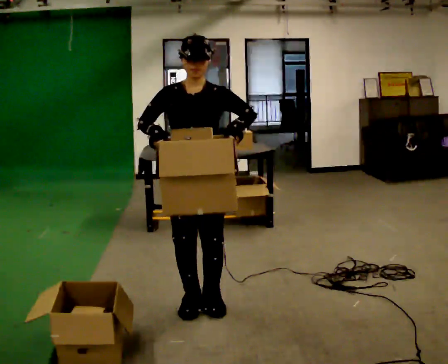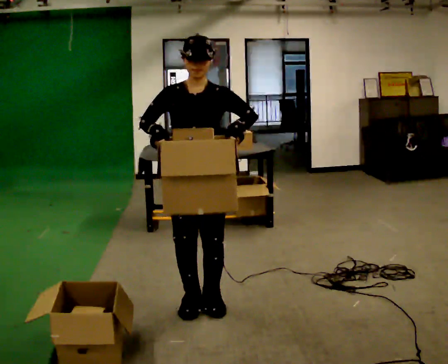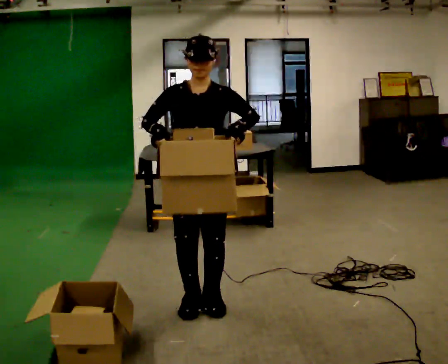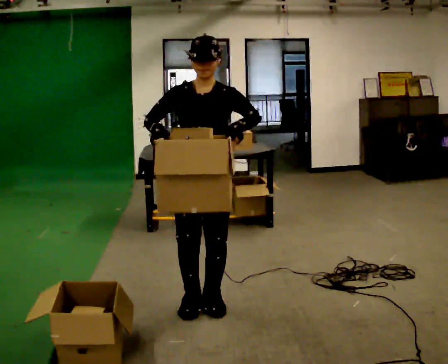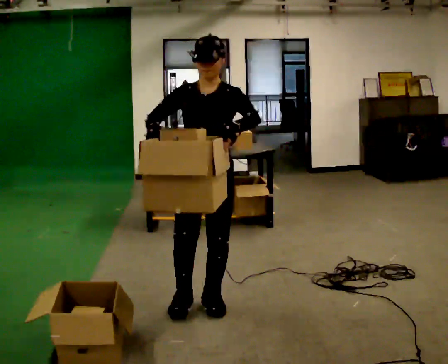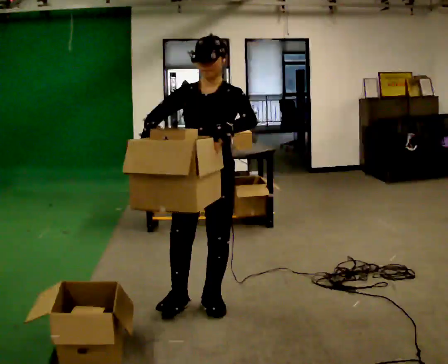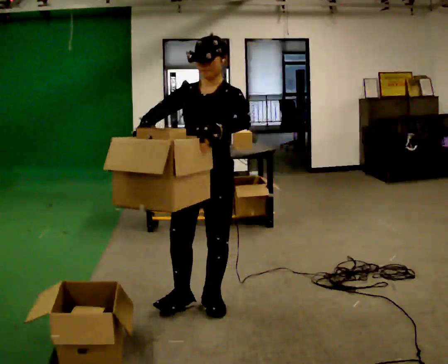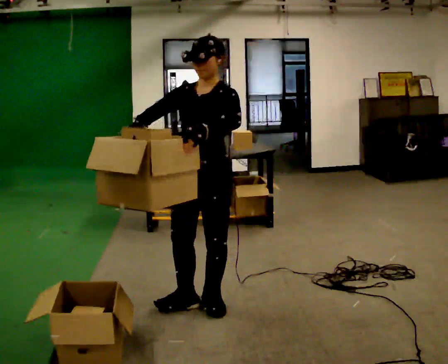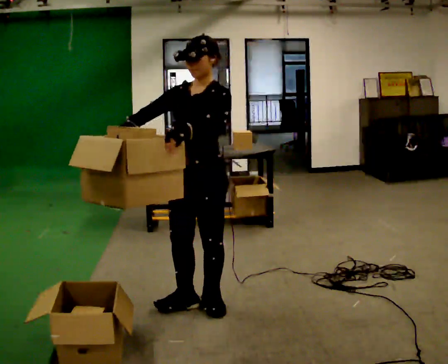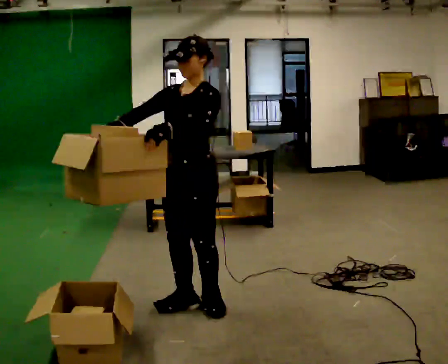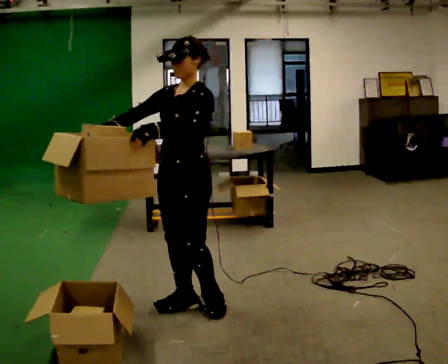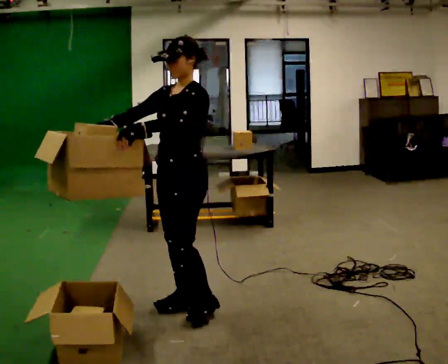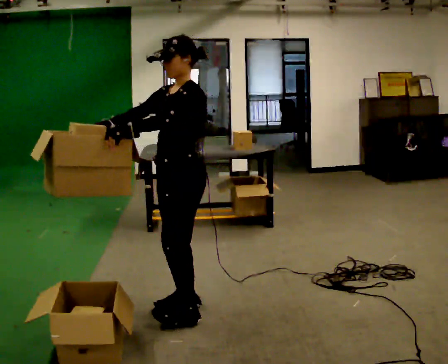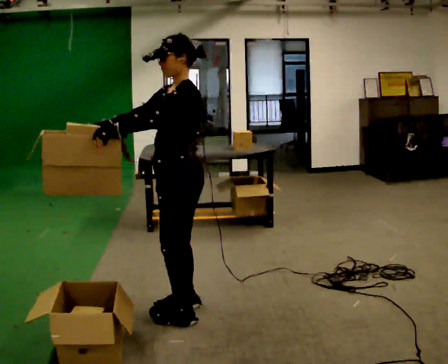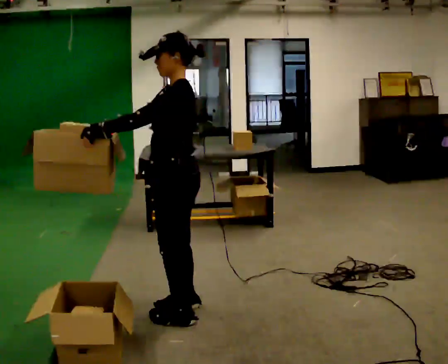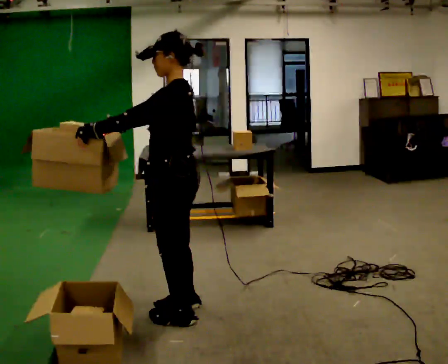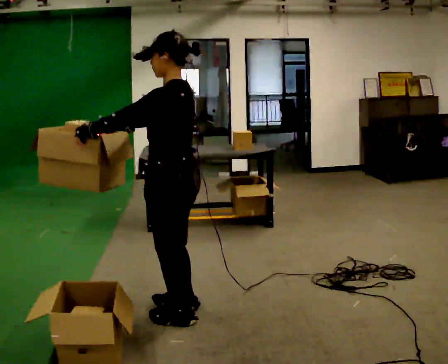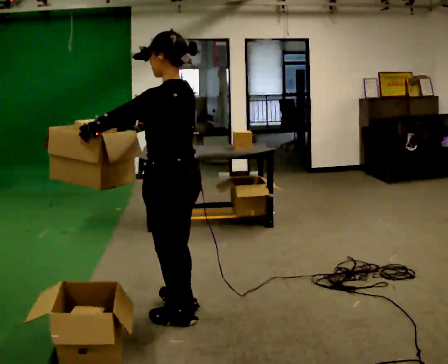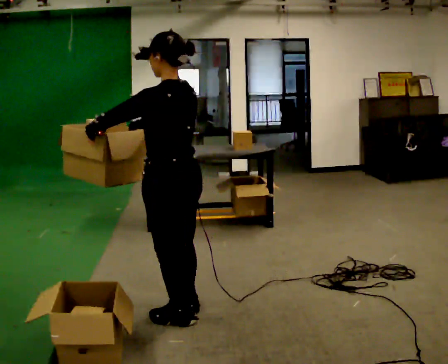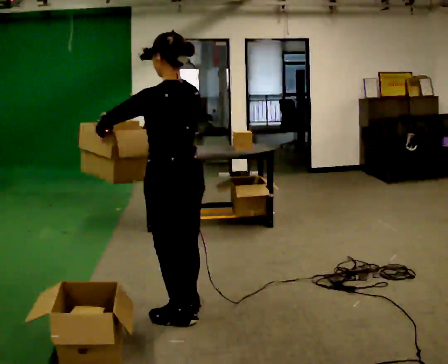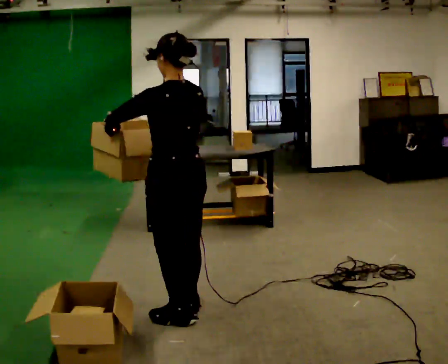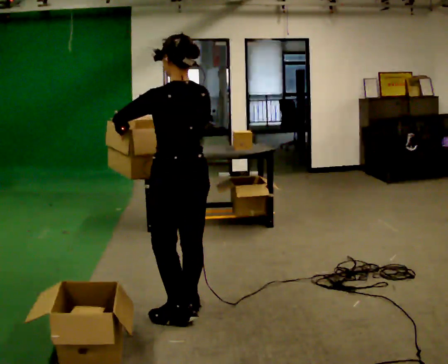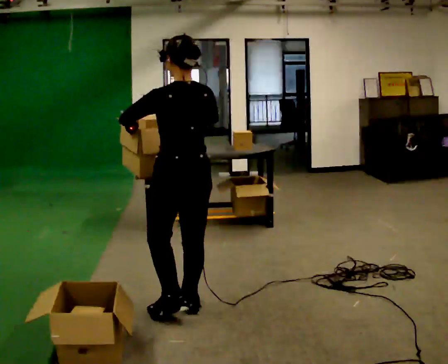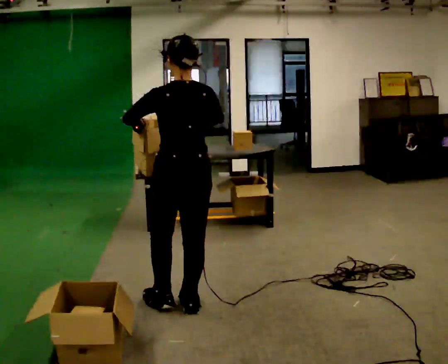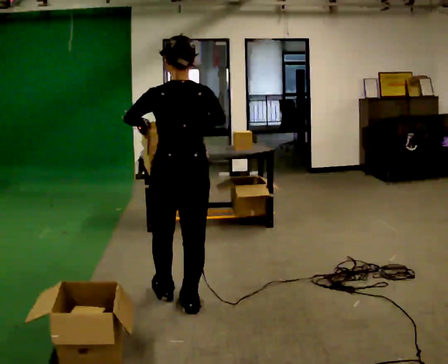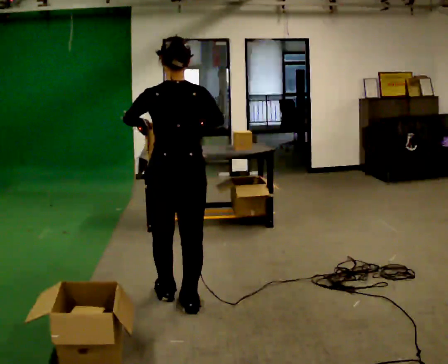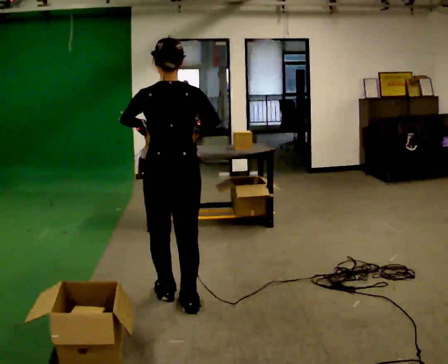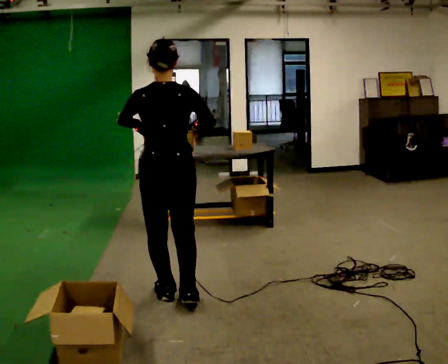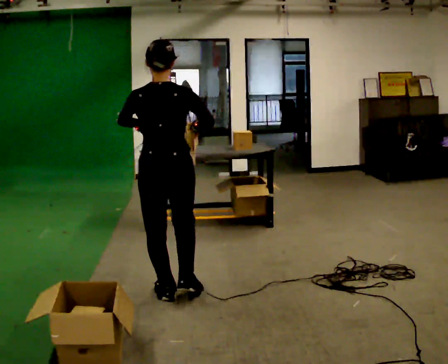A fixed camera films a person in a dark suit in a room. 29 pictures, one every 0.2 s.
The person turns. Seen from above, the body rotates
clockwise.
The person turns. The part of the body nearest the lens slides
to the left.
0.0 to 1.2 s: The person moves a little, or ends about where they began.
1.2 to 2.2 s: The part of the body nearest the lens slides to the left as the person turns to their right by about 30 degrees.
2.2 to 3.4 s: The person turns about 60 degrees to their right, clockwise seen from above, so the part of the body nearest the lens slides to the left. In the picture they go toward the camera, about 0.25 m in 1 step.
3.4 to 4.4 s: The person turns about 30 degrees to their right, clockwise seen from above, so the part of the body nearest the lens slides to the left. In the picture they go away from the camera, about 0.25 m, which for them is to their right. In the picture their right hand goes to the right.
4.4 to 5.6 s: The person turns about 30 degrees to their right, clockwise seen from above, so the part of the body nearest the lens slides to the left. In the picture they go away from the camera, about 0.25 m in 1 step, which for them is forward.
The film runs forward here.
